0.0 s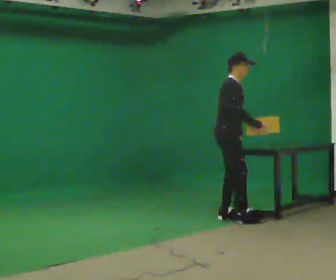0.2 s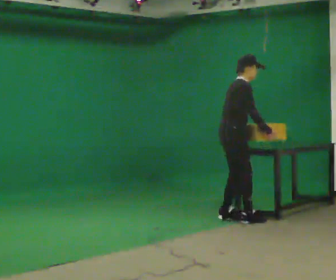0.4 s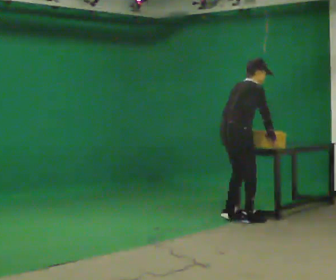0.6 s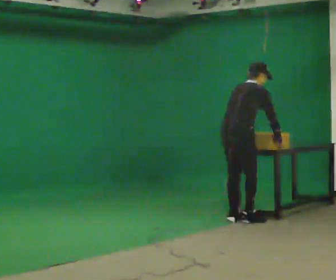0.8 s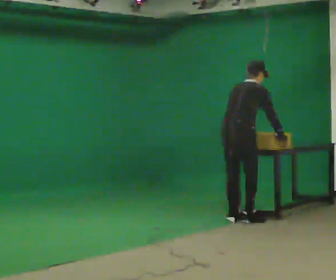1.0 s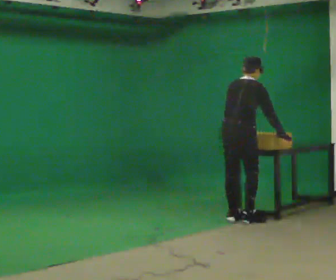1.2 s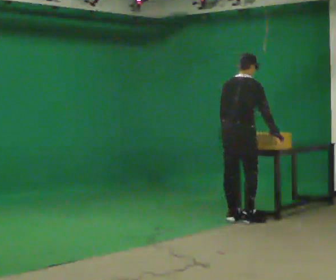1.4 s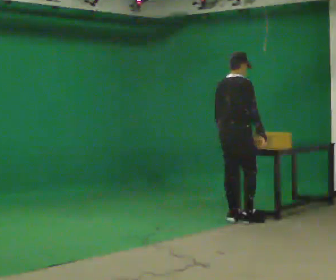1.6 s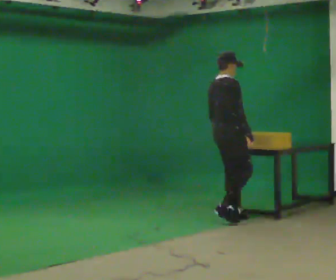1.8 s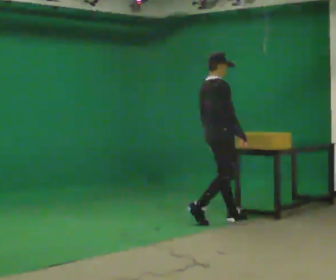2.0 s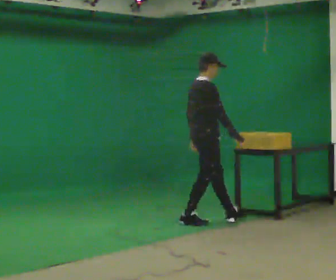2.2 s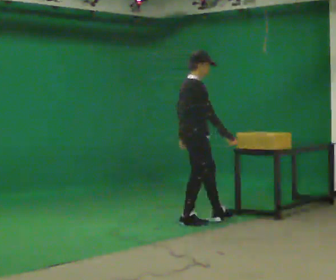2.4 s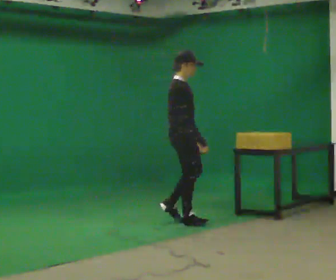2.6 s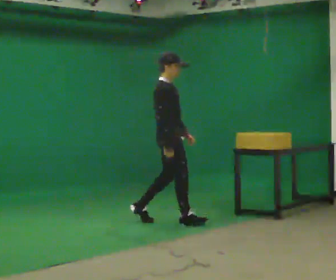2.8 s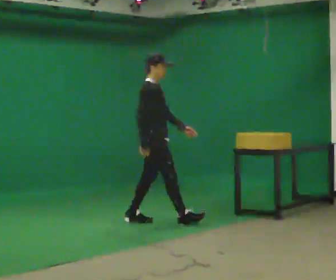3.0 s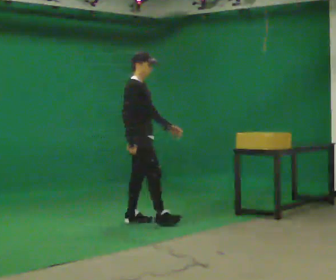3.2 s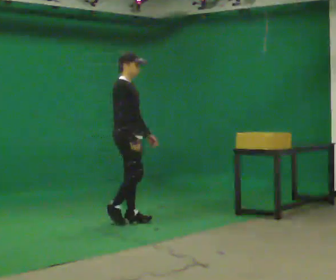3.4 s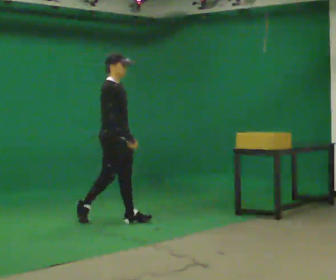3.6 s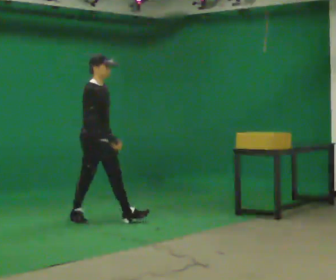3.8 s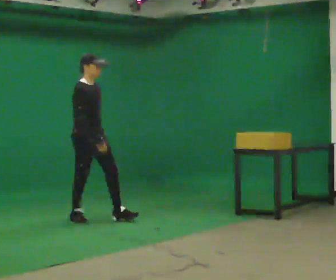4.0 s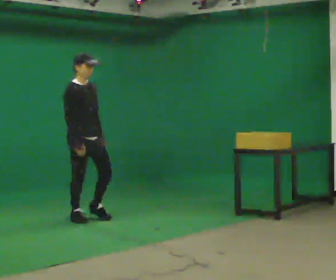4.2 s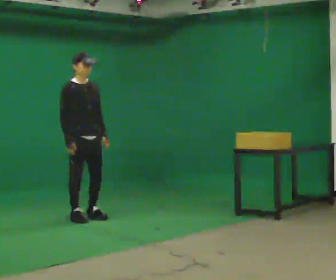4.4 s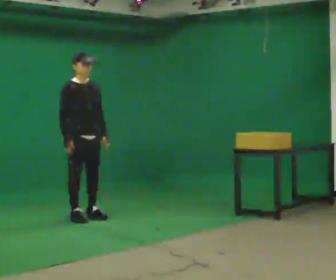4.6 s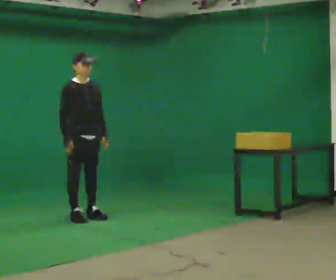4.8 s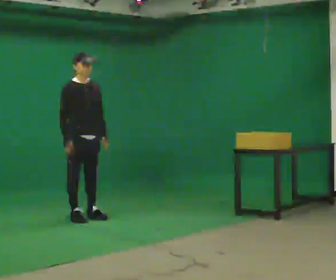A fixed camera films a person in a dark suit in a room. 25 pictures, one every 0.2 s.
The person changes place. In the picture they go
to the left.
The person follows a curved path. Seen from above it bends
clockwise.
0.0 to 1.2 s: Seen from above the body turns counterclockwise, about 60 degrees: to their left, with its near side sliding to the right.
1.2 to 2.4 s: Seen from above the body turns clockwise, about 45 degrees: to their right, with its near side sliding to the left. In the picture they go to the left, about 0.5 m in 2 steps, which for them is backward.
2.4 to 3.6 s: In the picture they go to the left, about 1 m in 1 step, which for them is backward.
3.6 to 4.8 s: The part of the body nearest the lens slides to the left as the person turns to their right by about 30 degrees. In the picture they go to the left, about 0.25 m in 1 step, which for them is backward.
The film runs backward here.
